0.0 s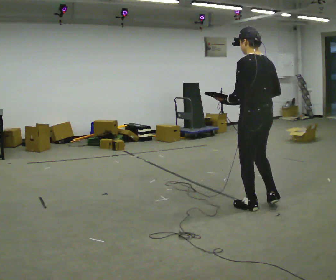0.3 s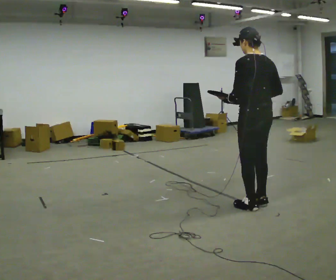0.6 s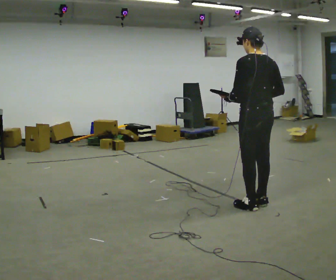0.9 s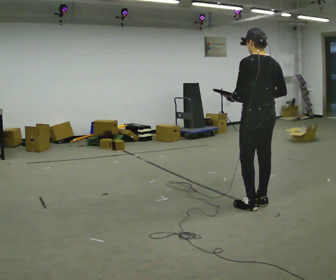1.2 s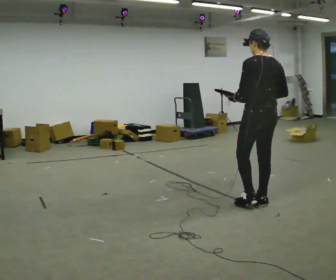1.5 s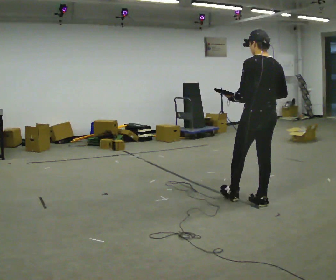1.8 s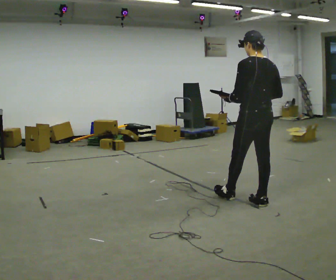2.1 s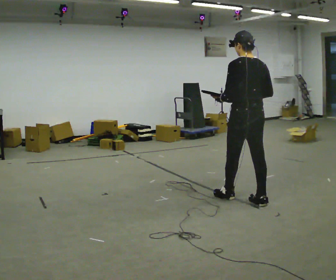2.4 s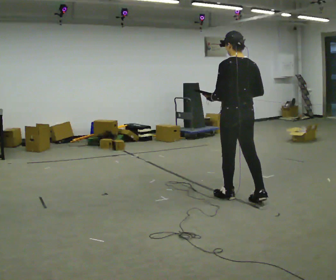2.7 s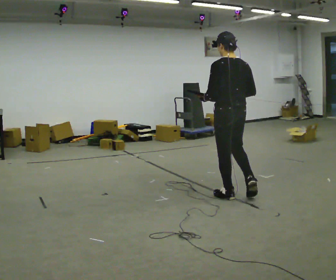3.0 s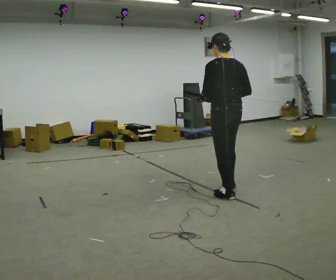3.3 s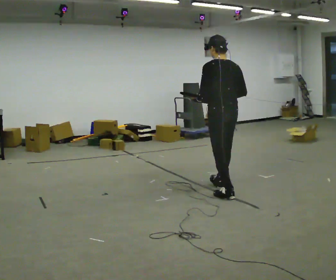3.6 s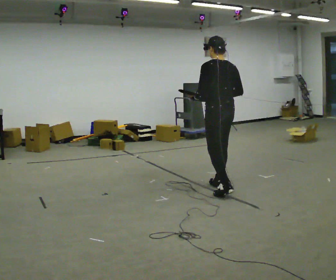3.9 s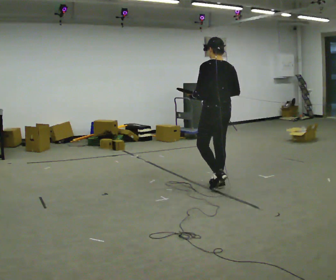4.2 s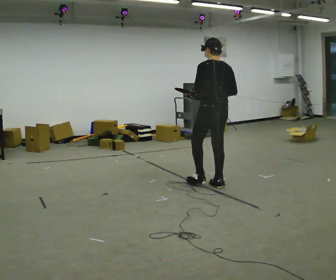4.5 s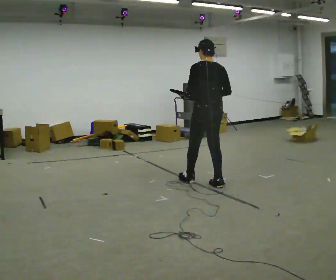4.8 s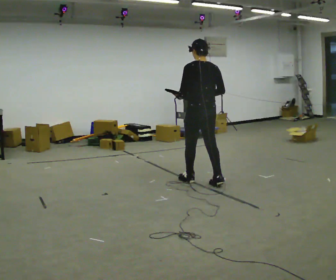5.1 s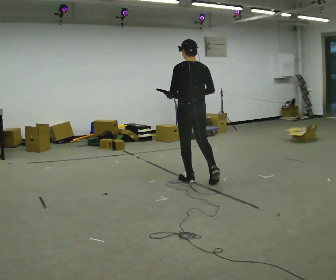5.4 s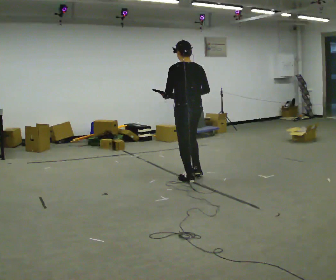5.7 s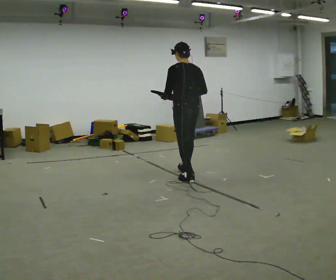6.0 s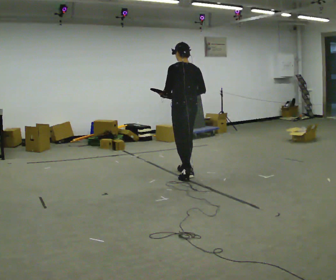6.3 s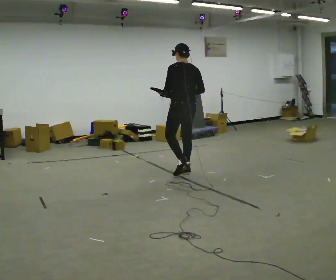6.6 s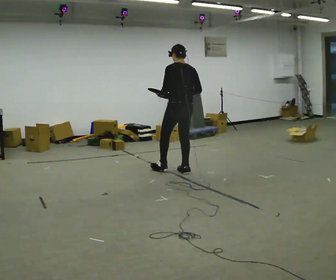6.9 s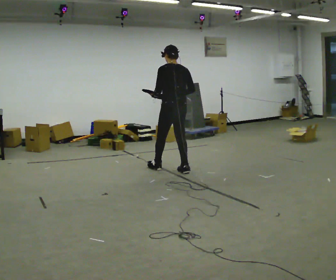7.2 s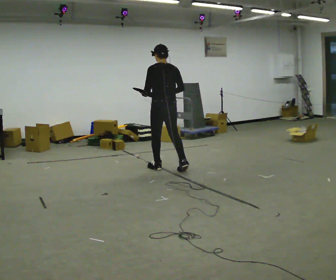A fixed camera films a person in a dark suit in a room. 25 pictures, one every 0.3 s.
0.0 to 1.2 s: The person moves a little, or ends about where they began.
1.2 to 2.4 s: In the picture they go to the left and away from the camera, about 0.25 m in 1 step, which for them is forward and to their left.
2.4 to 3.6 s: In the picture they go away from the camera and to the left, about 0.5 m in 1 step, which for them is forward.
3.6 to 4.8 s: In the picture they go to the left and away from the camera, about 0.5 m in 1 step, which for them is forward.
4.8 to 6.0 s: In the picture they go away from the camera and to the left, about 0.5 m in 1 step, which for them is forward.
6.0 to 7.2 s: In the picture they go to the left and away from the camera, about 0.5 m in 1 step, which for them is forward.
The film runs forward here.
